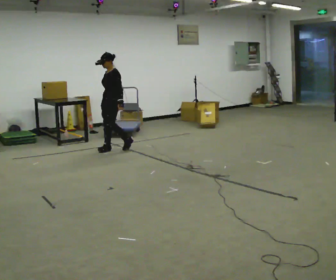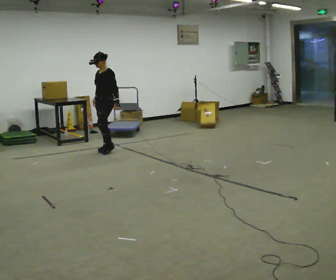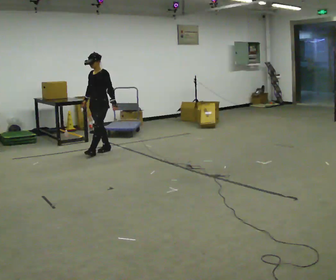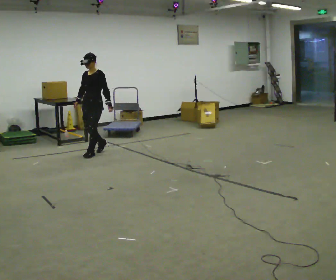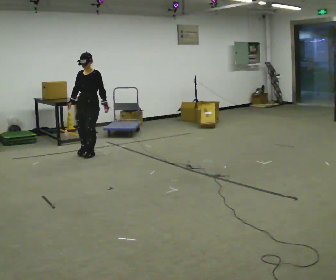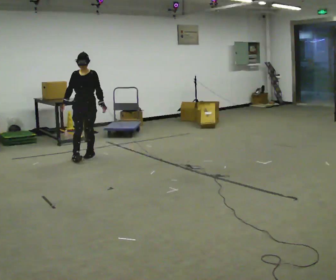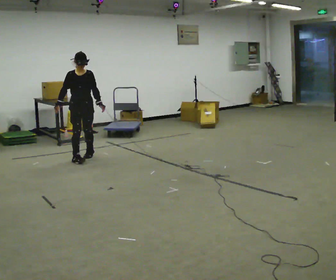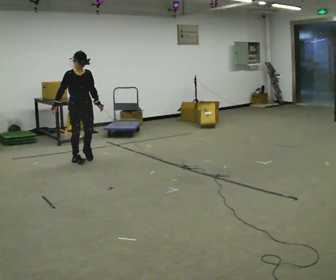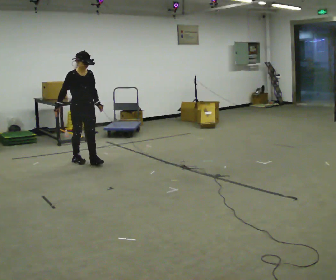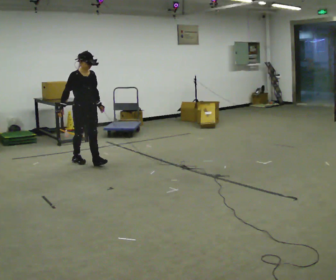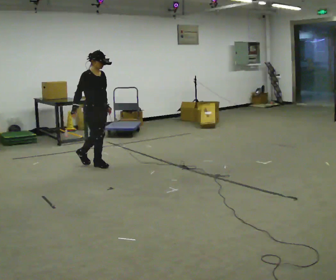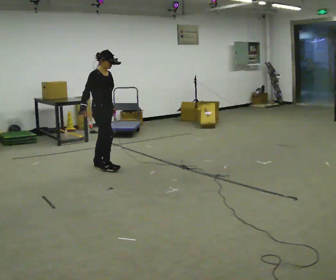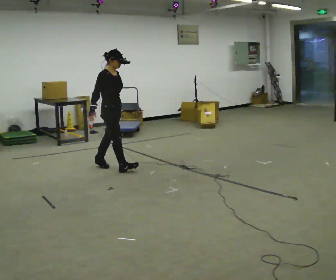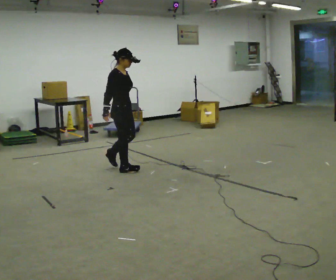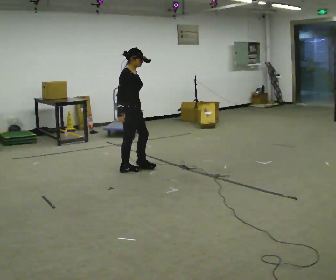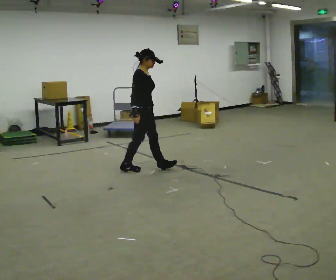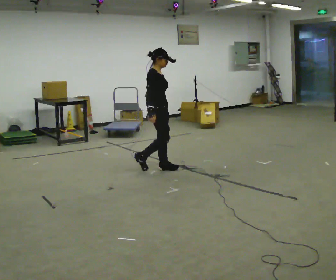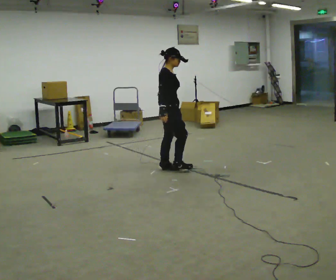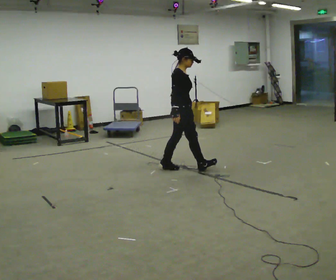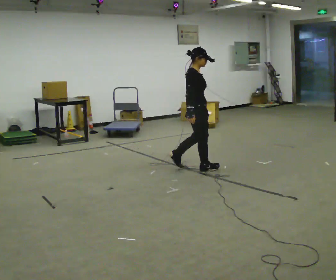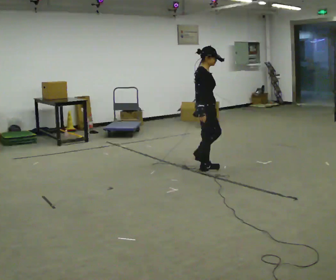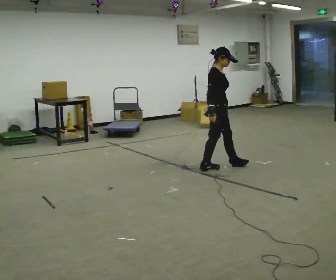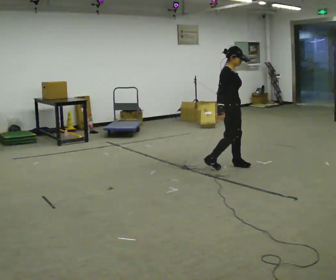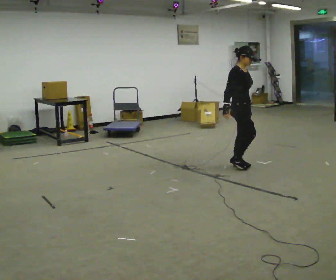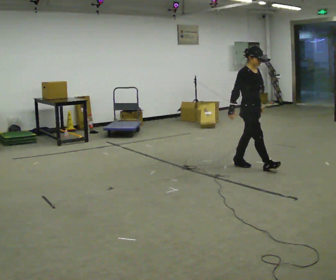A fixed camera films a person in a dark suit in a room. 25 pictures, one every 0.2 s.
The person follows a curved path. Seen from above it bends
counterclockwise.
0.0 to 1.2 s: The part of the body nearest the lens slides to the right as the person turns to their left by about 75 degrees. In the picture they go toward the camera and to the left, about 0.75 m in 2 steps.
1.2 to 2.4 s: Seen from above the body turns counterclockwise, about 60 degrees: to their left, with its near side sliding to the right. In the picture they go toward the camera and to the right, about 0.75 m in 2 steps, which for them is forward.
2.4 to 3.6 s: In the picture they go to the right, about 1 m in 1 step, which for them is forward.
3.6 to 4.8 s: Seen from above the body turns clockwise, about 45 degrees: to their right, with its near side sliding to the left. In the picture they go to the right, about 1 m in 2 steps, which for them is forward.
The film runs forward here.
